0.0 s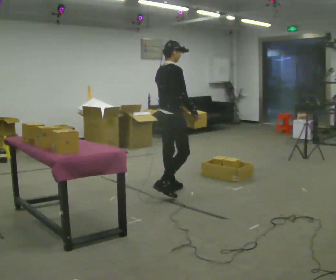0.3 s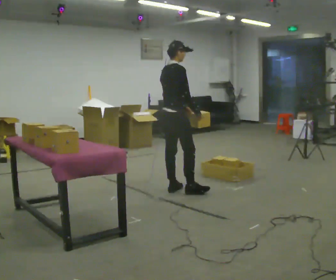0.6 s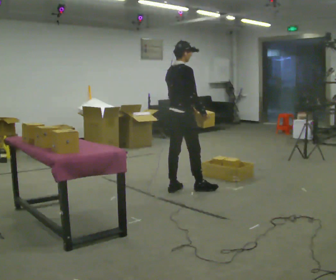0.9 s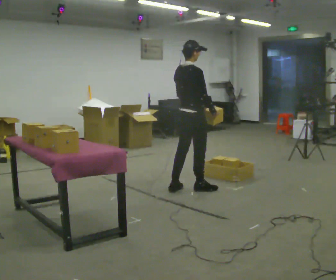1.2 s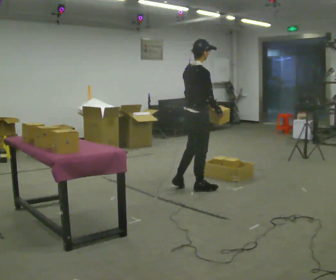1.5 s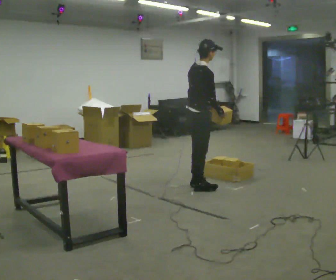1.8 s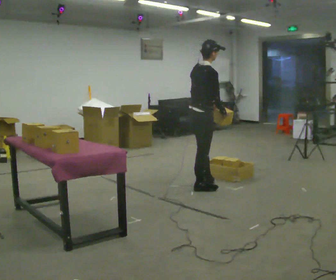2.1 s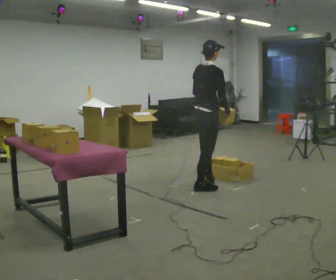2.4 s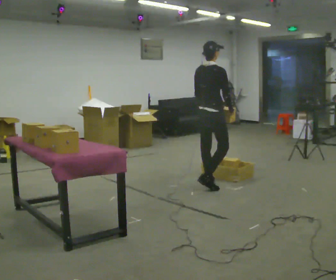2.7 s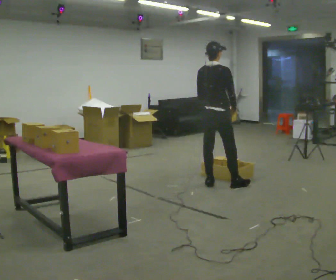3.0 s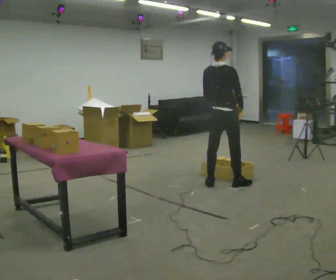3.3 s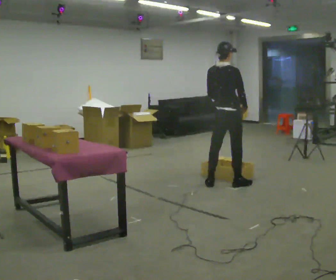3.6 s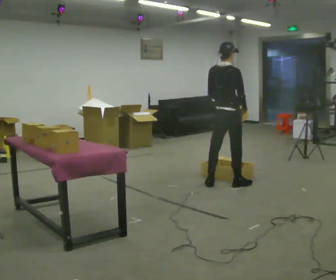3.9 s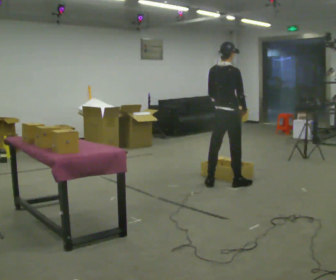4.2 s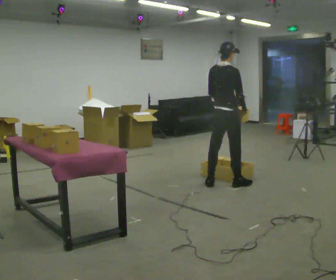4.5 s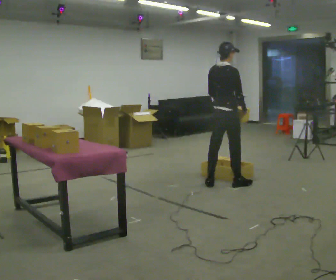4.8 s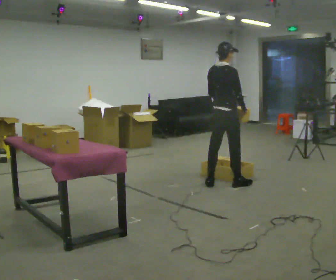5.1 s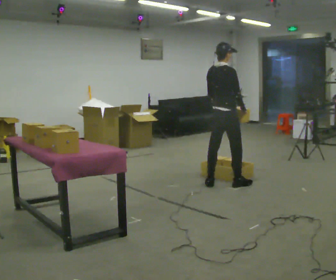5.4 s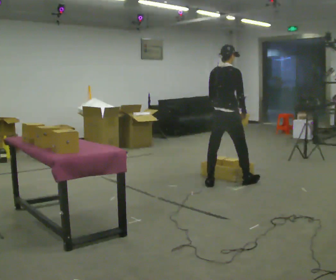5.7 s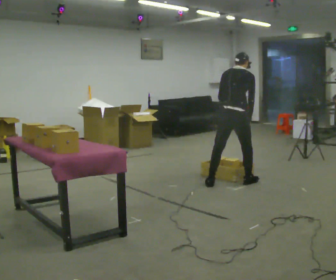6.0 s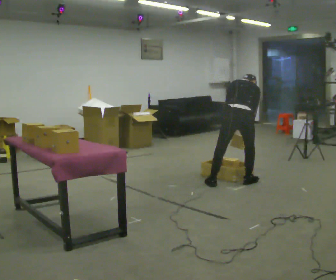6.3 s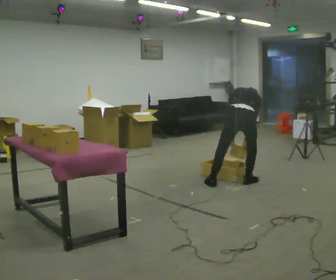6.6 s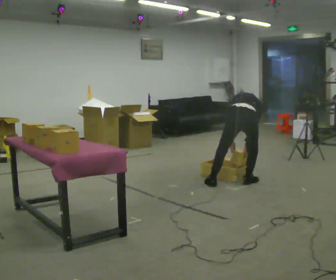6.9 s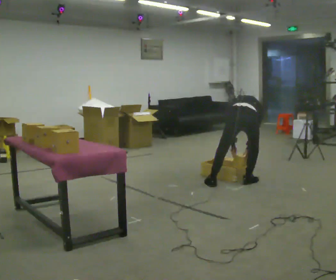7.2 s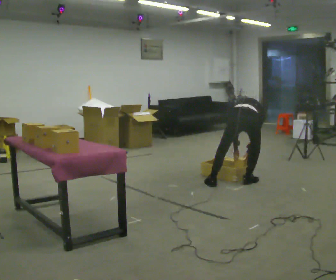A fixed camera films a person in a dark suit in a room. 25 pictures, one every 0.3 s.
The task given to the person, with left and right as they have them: Reach down into the deep bin on the floor, take out one object at a time, carry it to the shelf, and come back for the next one. Keep going until the operator says stop; one object at a time, and do not rush between trips.
0.0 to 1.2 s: In the picture they go to the right, about 0.25 m in 1 step, which for them is forward.
1.2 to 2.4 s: In the picture they go to the right, about 0.25 m in 1 step, which for them is forward.
2.4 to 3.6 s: In the picture they go to the right, about 0.25 m in 1 step, which for them is to their right and forward.
3.6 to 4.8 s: The person moves a little, or ends about where they began.
4.8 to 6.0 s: The person turns about 30 degrees to their left, counterclockwise seen from above, so the part of the body nearest the lens slides to the right. In the picture they go to the right, about 0.25 m in 1 step, which for them is to their right. The shoulders move downward. The upper body tips away from the camera, its near side rolling upward, as they bend forward.
6.0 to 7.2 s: The upper body goes downward. The upper body tips away from the camera, its near side rolling upward, as they bend forward.
The film runs forward here.
